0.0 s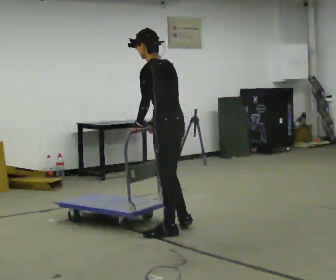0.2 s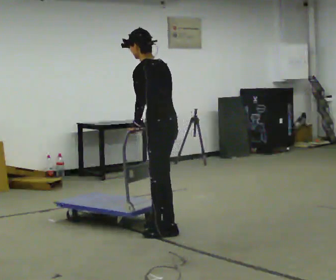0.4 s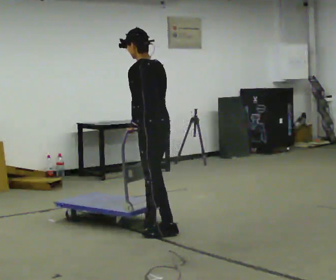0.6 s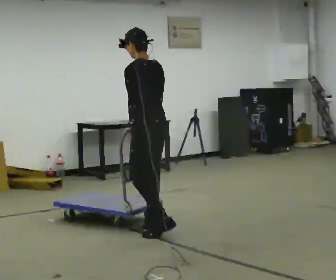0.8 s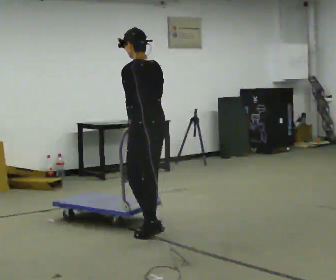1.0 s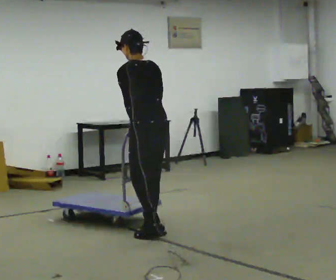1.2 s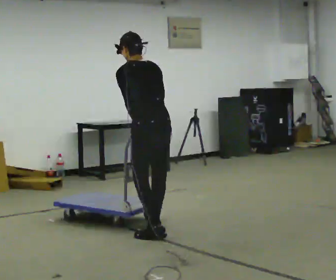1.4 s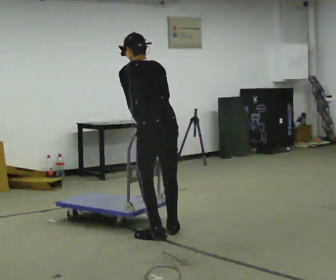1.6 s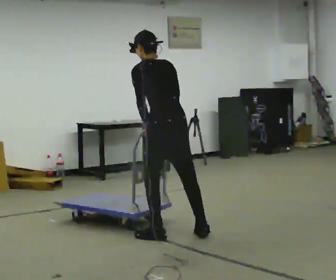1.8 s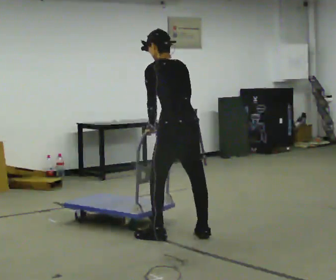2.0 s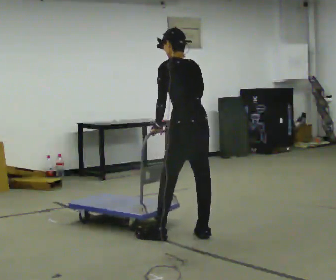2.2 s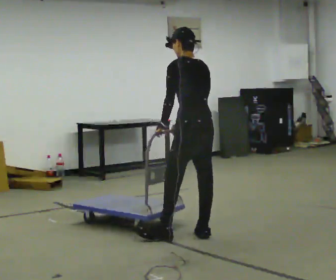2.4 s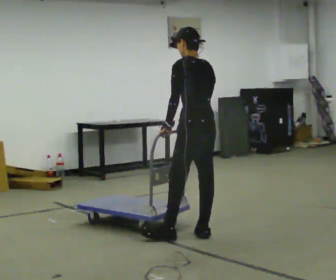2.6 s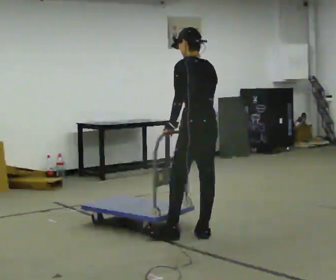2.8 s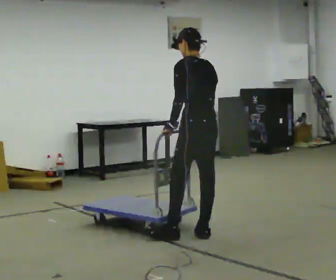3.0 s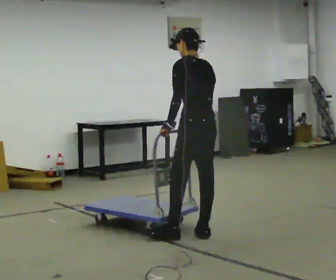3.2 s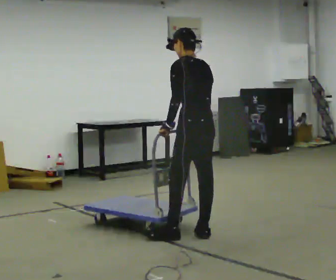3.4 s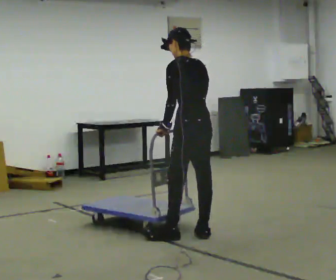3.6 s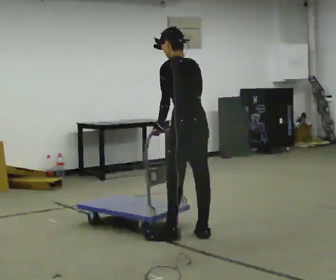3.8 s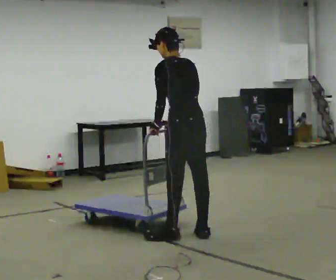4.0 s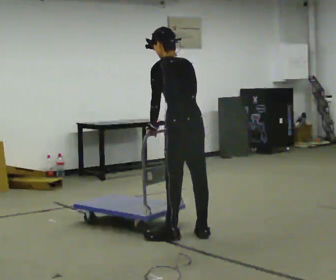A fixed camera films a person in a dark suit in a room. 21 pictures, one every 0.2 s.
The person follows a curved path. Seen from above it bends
counterclockwise.
0.0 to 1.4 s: The person turns about 30 degrees to their right, clockwise seen from above, so the part of the body nearest the lens slides to the left. In the picture they go toward the camera, about 0.25 m in 2 steps, which for them is to their left.
1.4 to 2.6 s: In the picture they go to the right, about 0.25 m in 1 step, which for them is to their right and backward.
2.6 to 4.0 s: The person moves a little, or ends about where they began.
The film runs forward here.
